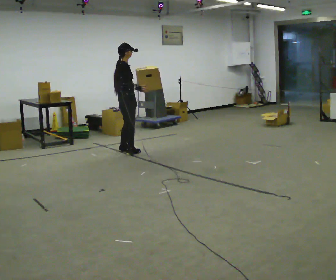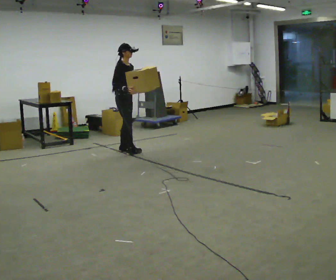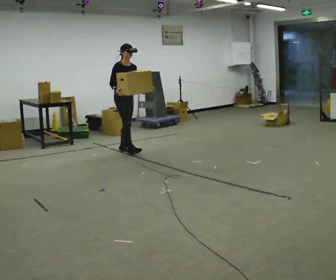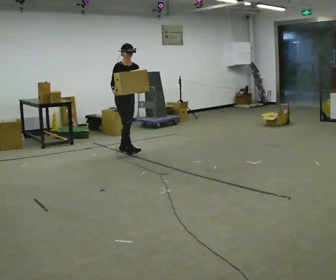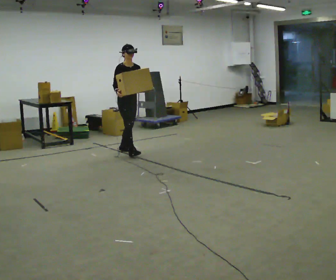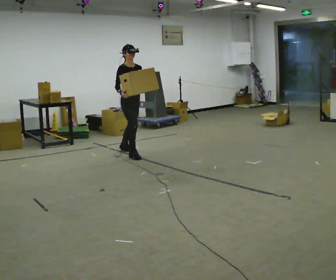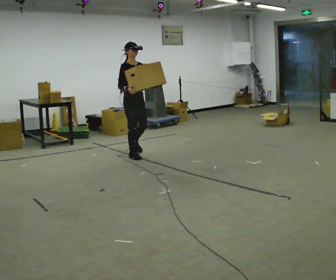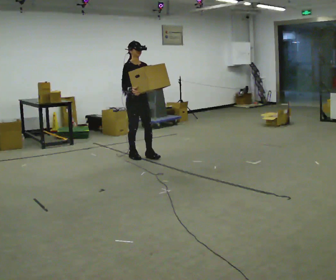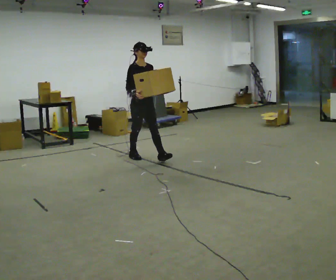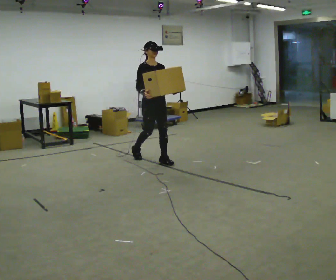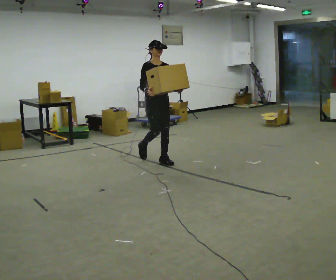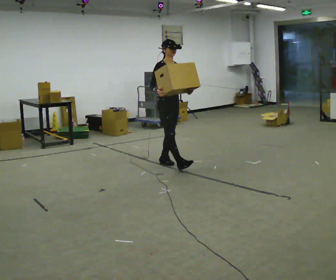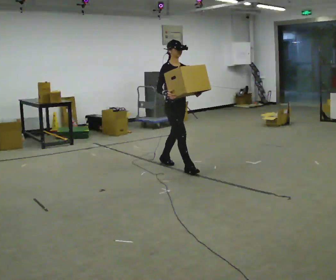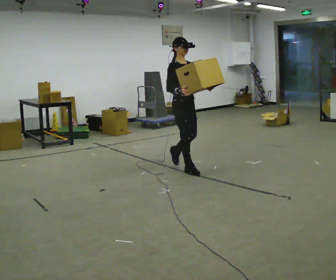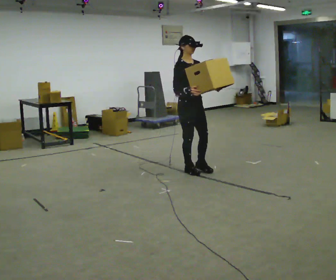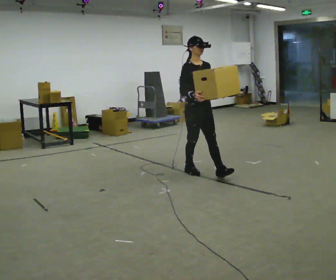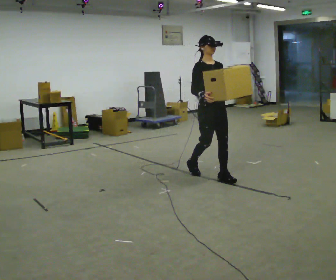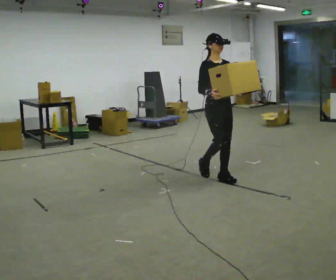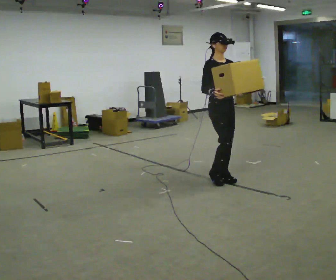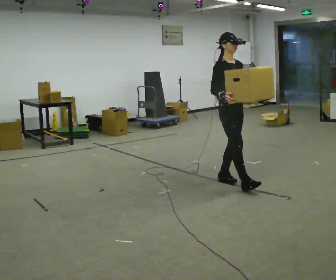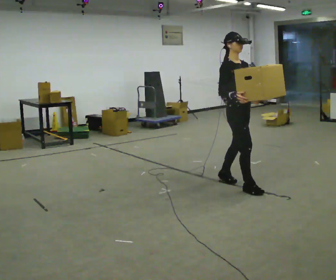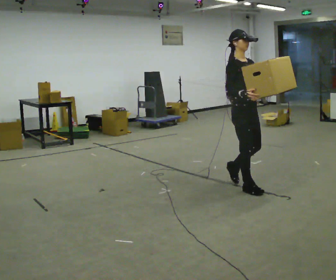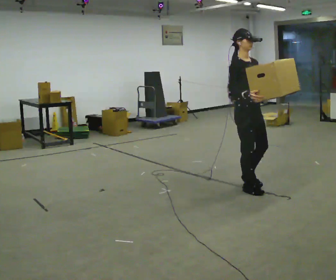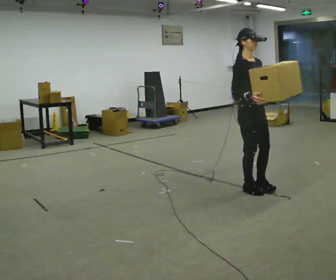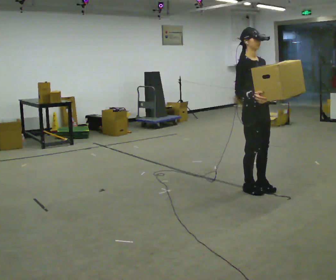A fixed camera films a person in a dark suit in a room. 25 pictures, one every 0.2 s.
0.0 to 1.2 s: Seen from above the body turns clockwise, about 45 degrees: to their right, with its near side sliding to the left. In the picture they go toward the camera, about 0.25 m in 1 step, which for them is forward.
1.2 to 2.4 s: In the picture they go toward the camera and to the right, about 1 m in 2 steps, which for them is forward.
2.4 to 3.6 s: In the picture they go toward the camera and to the right, about 1 m in 1 step, which for them is forward.
3.6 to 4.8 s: In the picture they go toward the camera and to the right, about 0.5 m in 2 steps, which for them is forward.
The film runs forward here.
